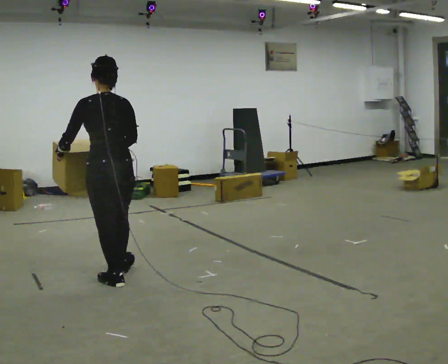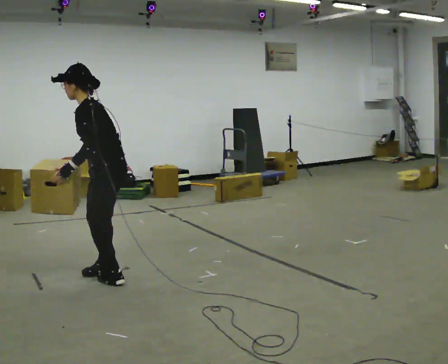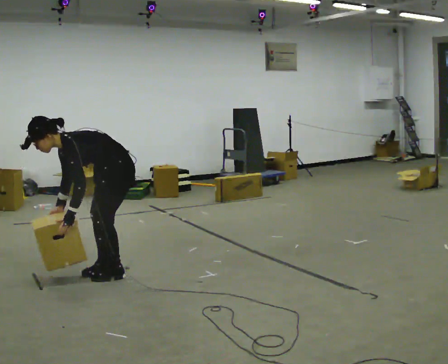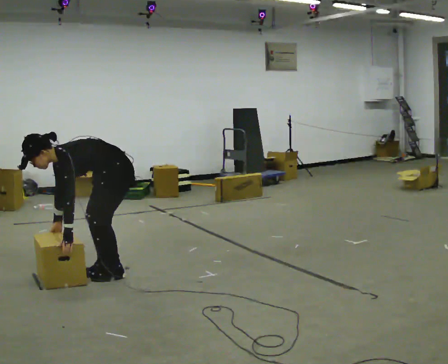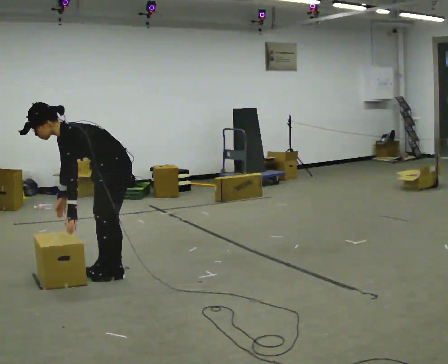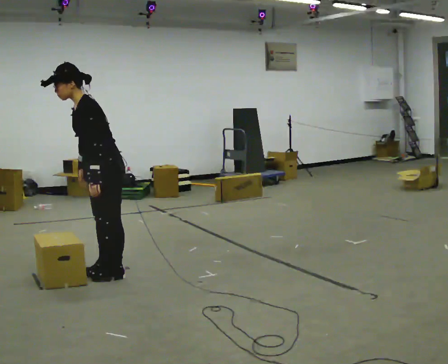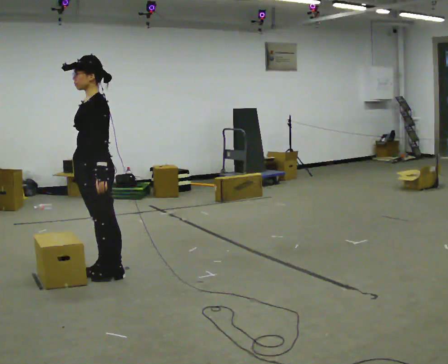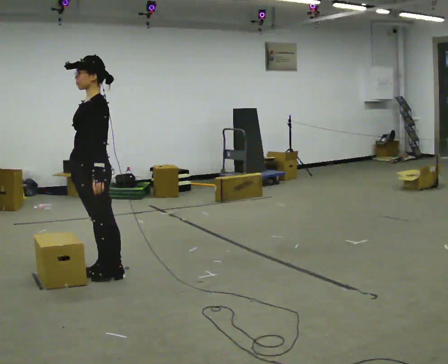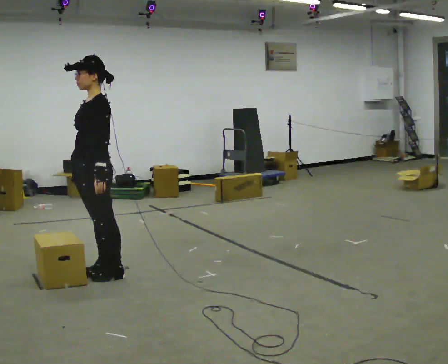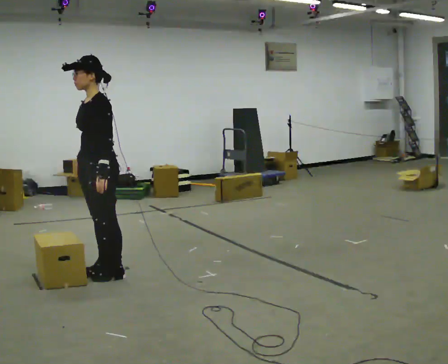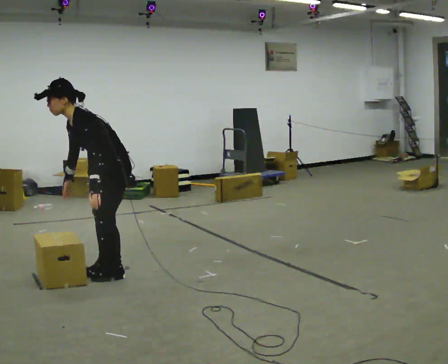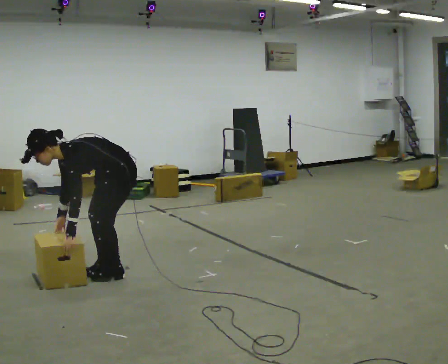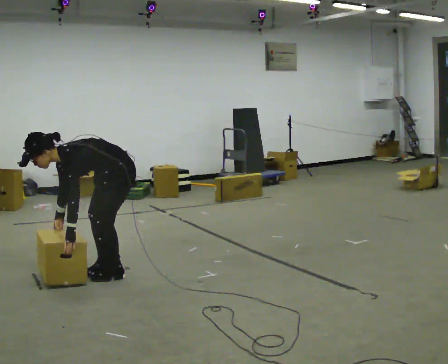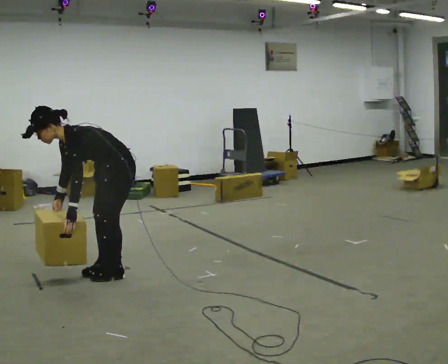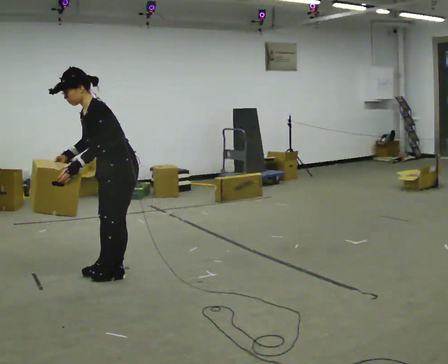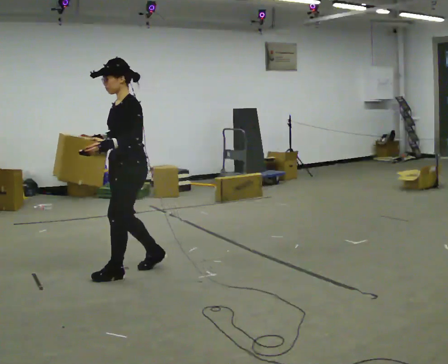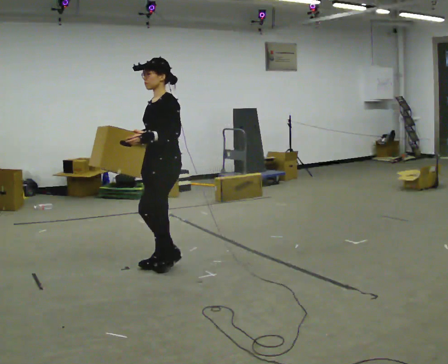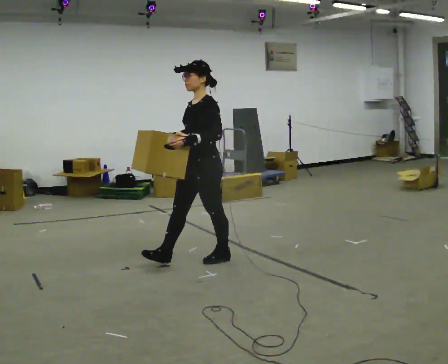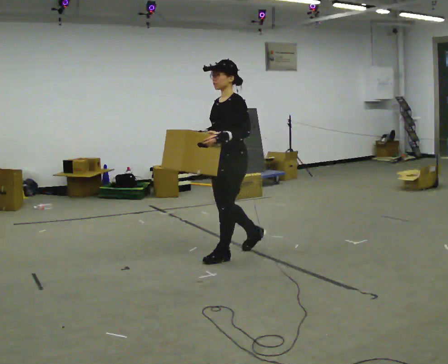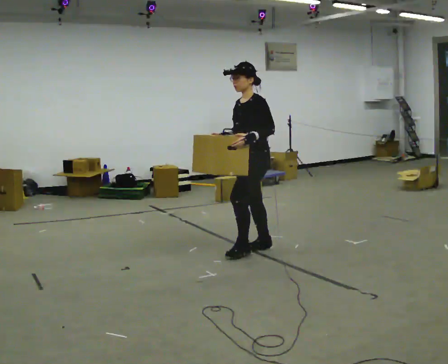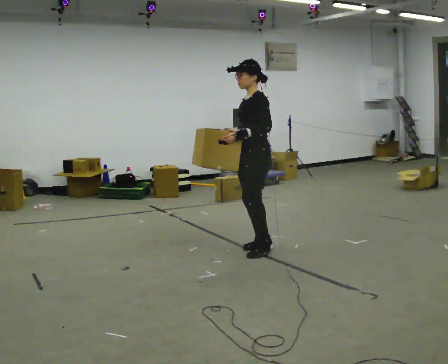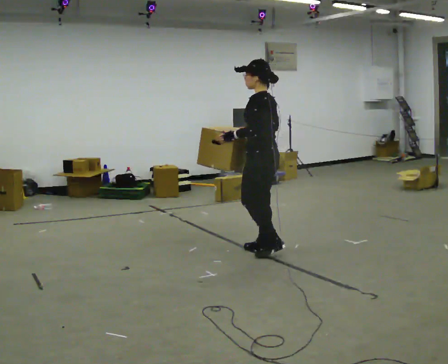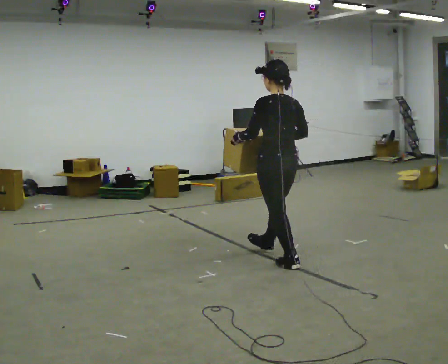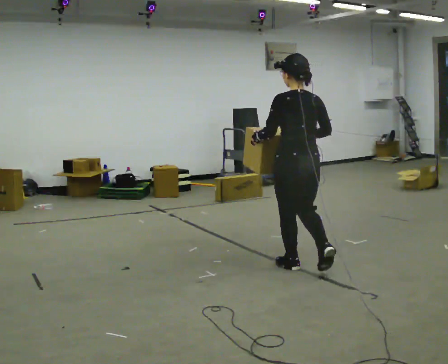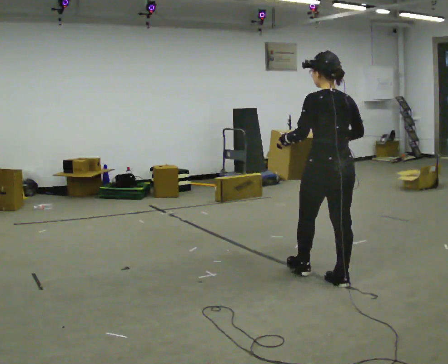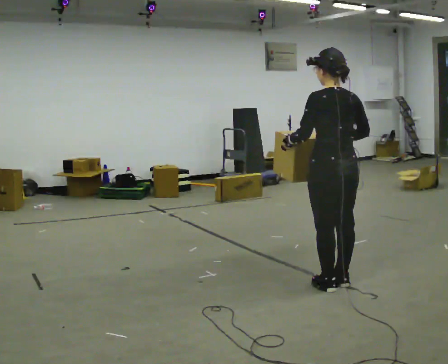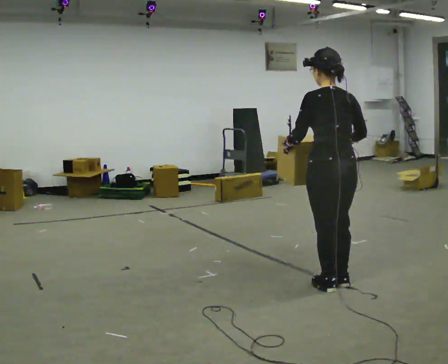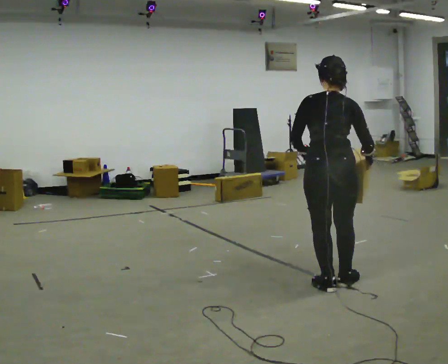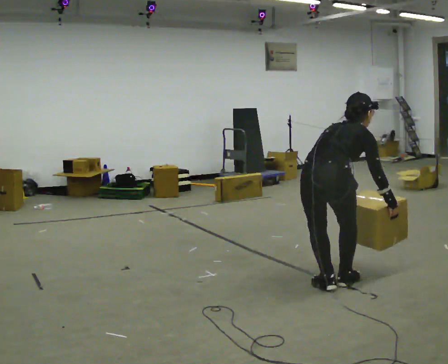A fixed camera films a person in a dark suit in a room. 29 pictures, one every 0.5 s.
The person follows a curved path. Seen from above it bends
clockwise.
0.0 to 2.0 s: The person turns about 75 degrees to their left, counterclockwise seen from above, so the part of the body nearest the lens slides to the right. In the picture they go away from the camera, about 0.25 m in 1 step. In the picture their left hand goes downward, the arm swinging counterclockwise.
2.0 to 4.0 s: The shoulders move upward. In the picture the upper body tilts clockwise, shoulders to the right, as they lean back or straighten.
4.0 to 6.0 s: In the picture they go to the right, about 0.25 m, which for them is backward. The shoulders move downward. In the picture the upper body tilts counterclockwise, shoulders to the left, as they bend forward. In the picture their left hand goes downward.
6.0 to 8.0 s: In the picture they go to the right and away from the camera, about 0.5 m in 2 steps, which for them is backward. The shoulders move upward. In the picture the upper body tilts clockwise, shoulders to the right, as they lean back or straighten. In the picture their right hand goes upward.
8.0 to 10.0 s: In the picture they go to the right and away from the camera, about 1 m in 2 steps, which for them is backward.
10.0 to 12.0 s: The person turns about 90 degrees to their right, clockwise seen from above, so the part of the body nearest the lens slides to the left. In the picture they go toward the camera, about 1 m in 3 steps.
12.0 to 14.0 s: The person turns about 60 degrees to their right, clockwise seen from above, so the part of the body nearest the lens slides to the left. In the picture they go toward the camera, about 0.25 m. The upper body goes downward. In the picture the upper body tilts clockwise, shoulders to the right, as they bend forward. In the picture their right hand goes downward.
The film runs backward here.
